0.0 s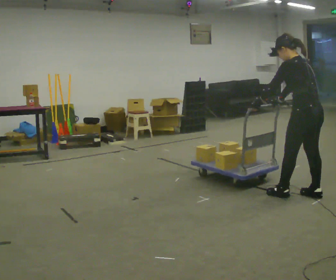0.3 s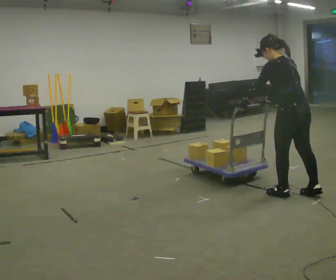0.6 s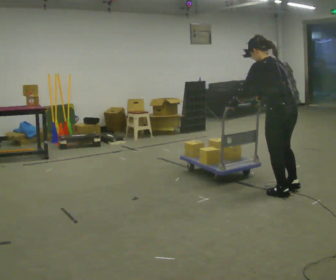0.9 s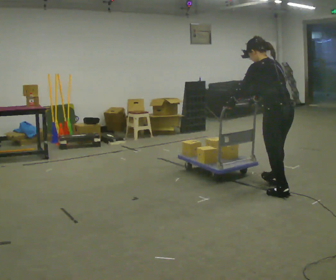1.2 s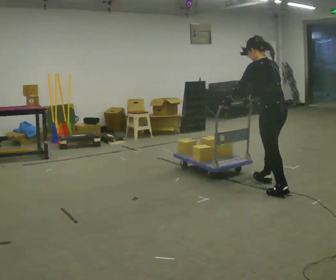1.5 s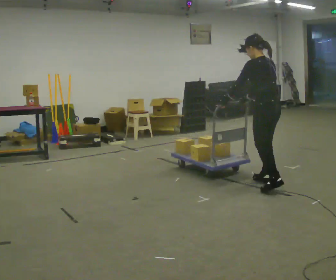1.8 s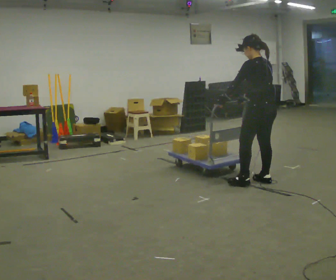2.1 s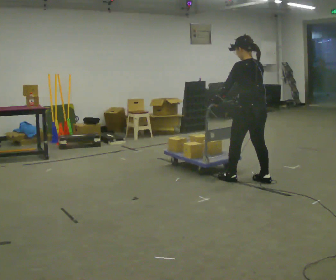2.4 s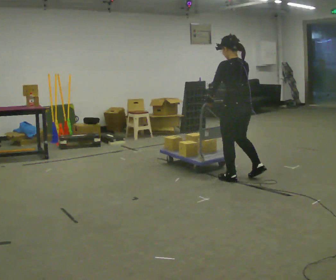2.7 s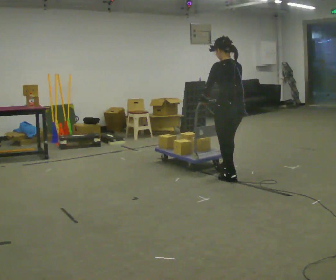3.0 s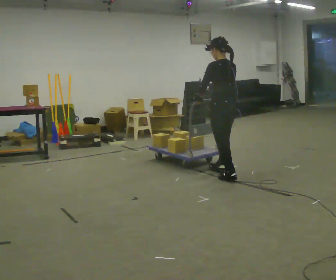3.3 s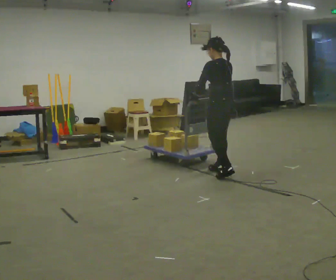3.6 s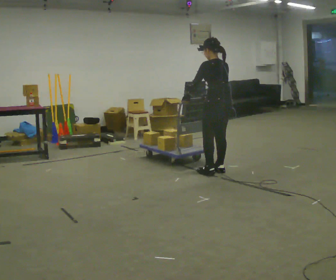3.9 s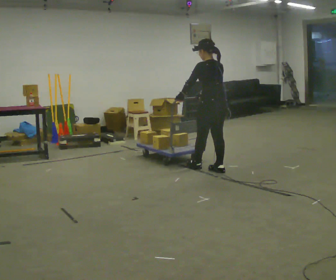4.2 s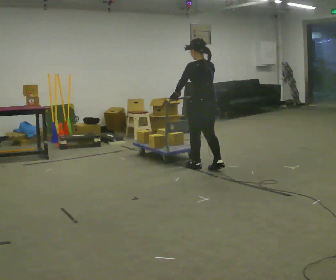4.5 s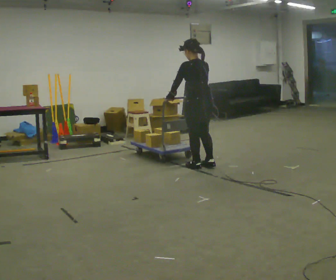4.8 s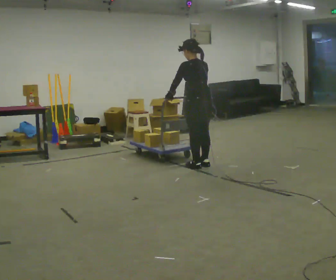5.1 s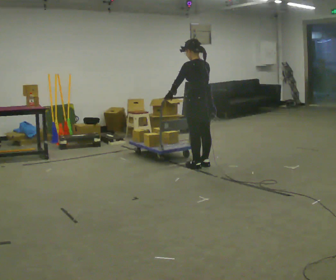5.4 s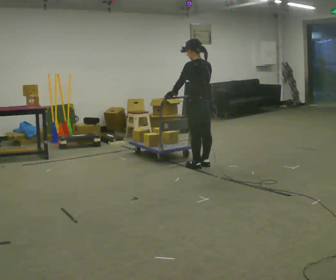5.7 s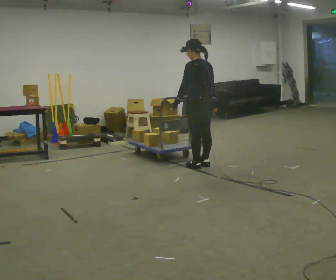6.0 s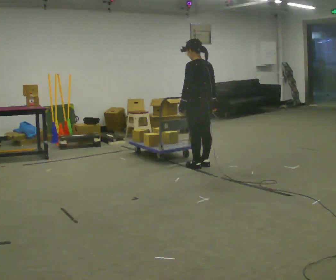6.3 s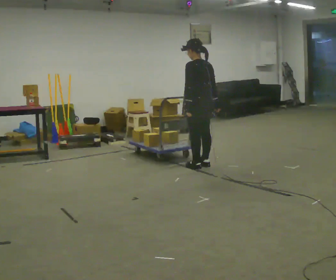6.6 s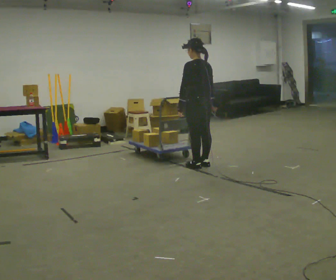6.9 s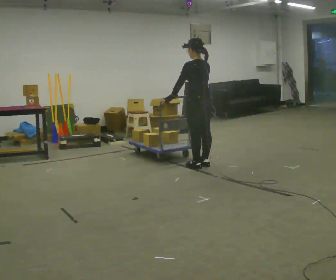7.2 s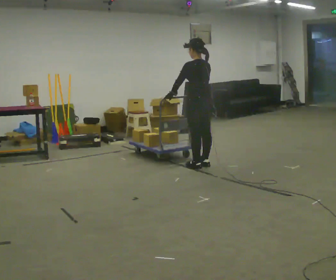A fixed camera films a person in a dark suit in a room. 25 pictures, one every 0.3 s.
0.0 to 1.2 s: In the picture they go away from the camera and to the left, about 0.5 m in 1 step, which for them is forward.
1.2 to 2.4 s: In the picture they go away from the camera and to the left, about 0.5 m in 2 steps, which for them is forward.
2.4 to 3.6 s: In the picture they go away from the camera and to the left, about 0.5 m in 1 step, which for them is forward.
3.6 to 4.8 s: In the picture they go to the left and away from the camera, about 0.25 m in 1 step, which for them is forward.
4.8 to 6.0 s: In the picture their right hand goes to the right.
6.0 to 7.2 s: The person moves a little, or ends about where they began.
The film runs backward here.
